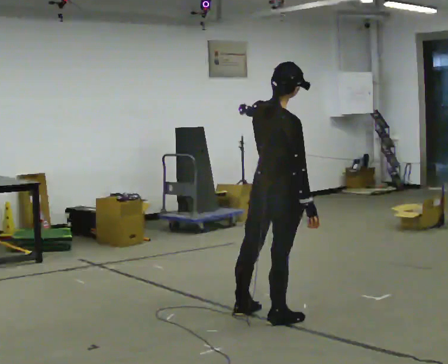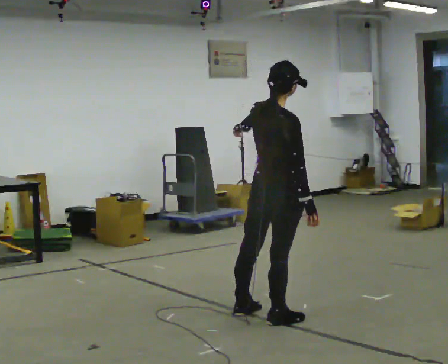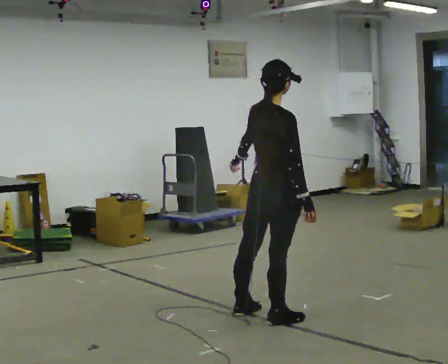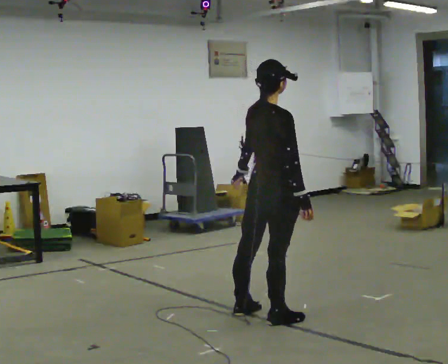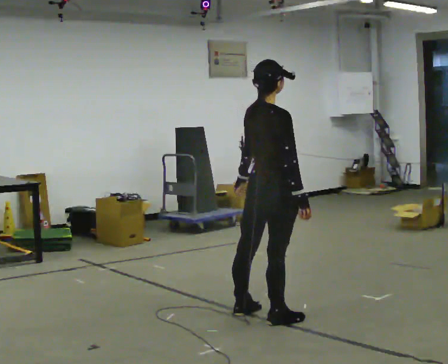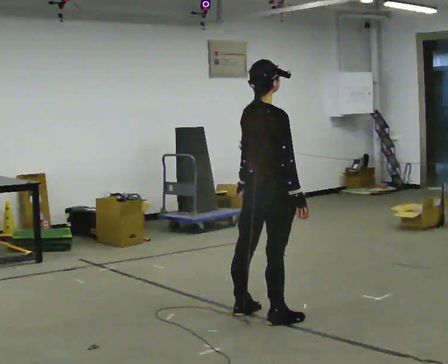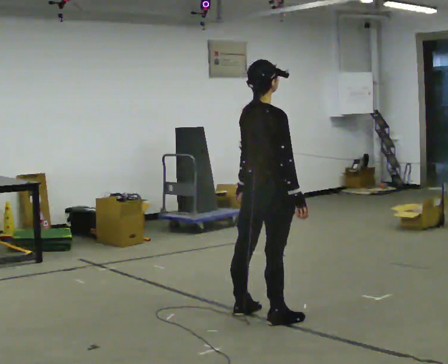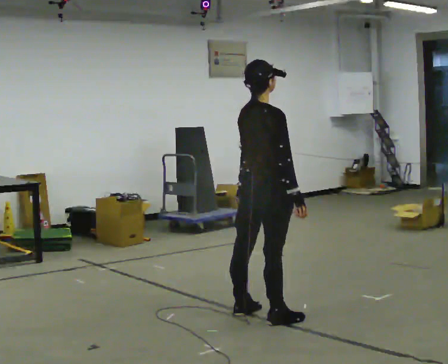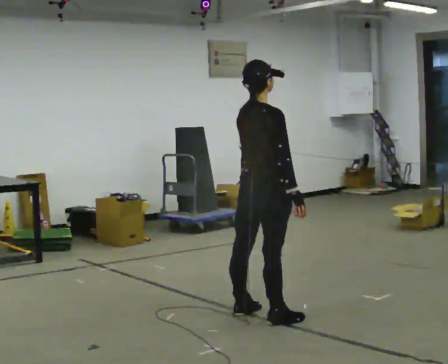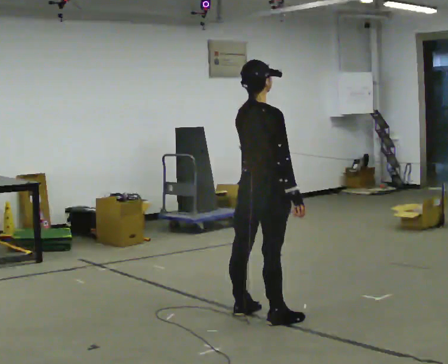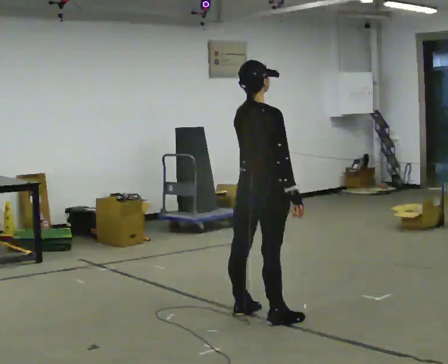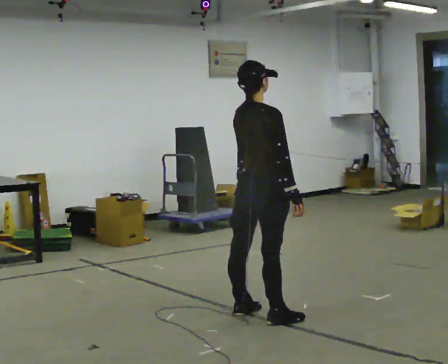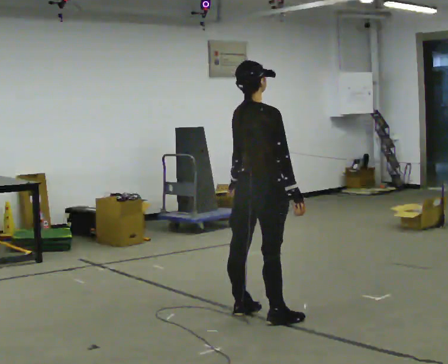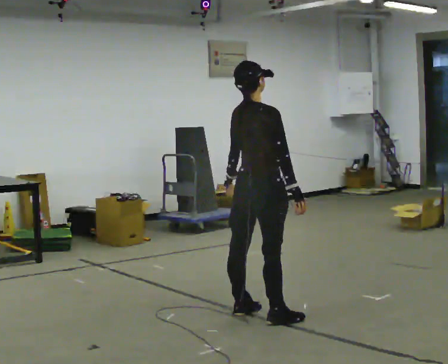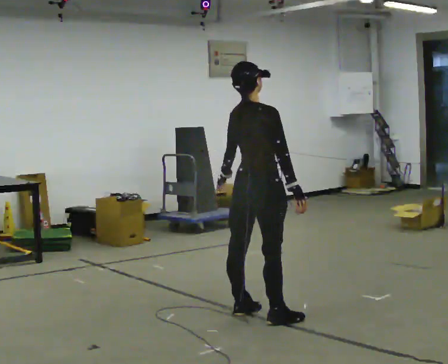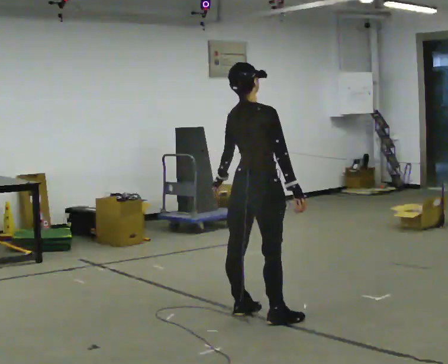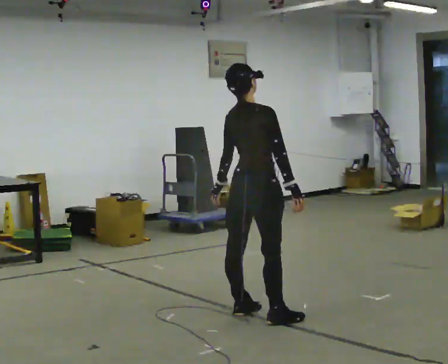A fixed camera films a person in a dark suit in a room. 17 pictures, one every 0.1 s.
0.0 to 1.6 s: In the picture they go away from the camera, about 0.25 m, which for them is to their left. In the picture their left hand goes downward.
The film runs backward here.
